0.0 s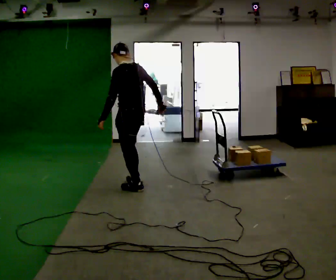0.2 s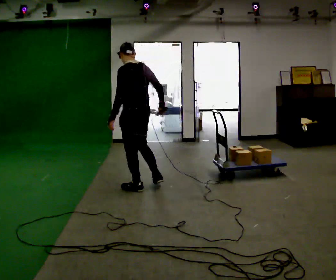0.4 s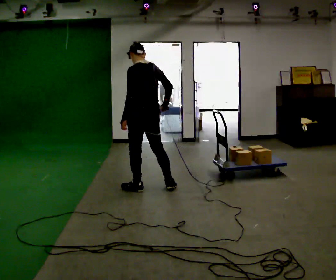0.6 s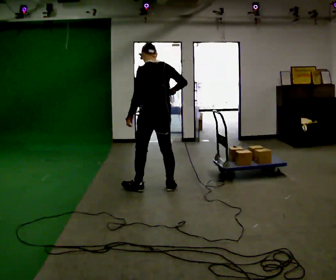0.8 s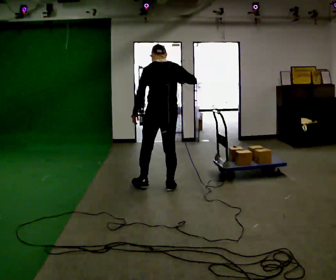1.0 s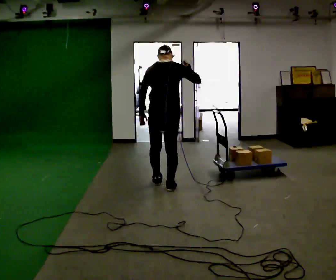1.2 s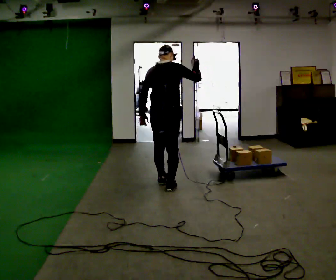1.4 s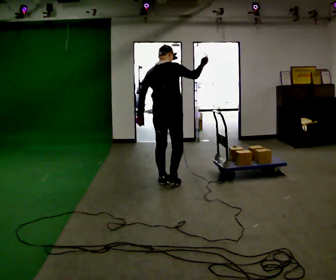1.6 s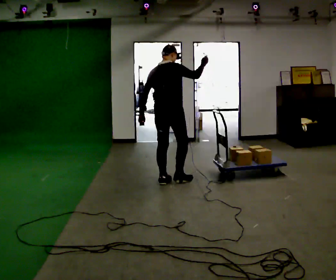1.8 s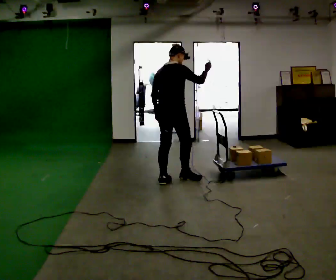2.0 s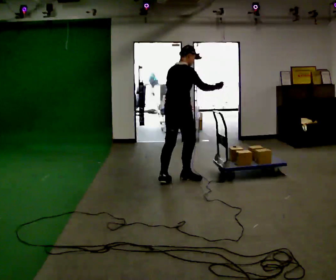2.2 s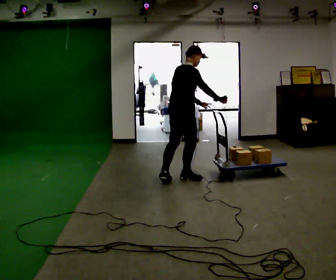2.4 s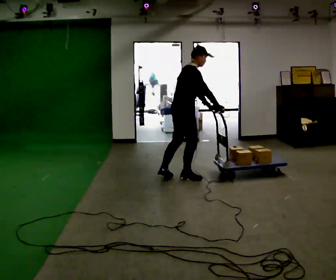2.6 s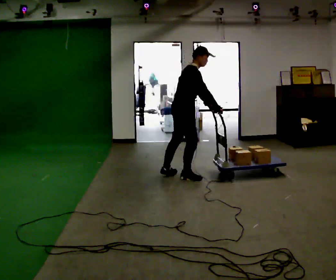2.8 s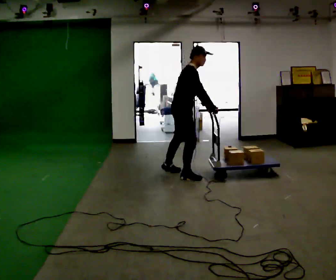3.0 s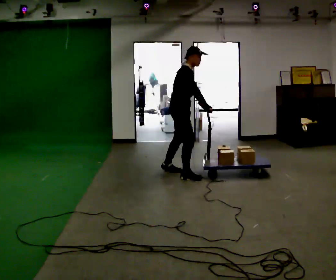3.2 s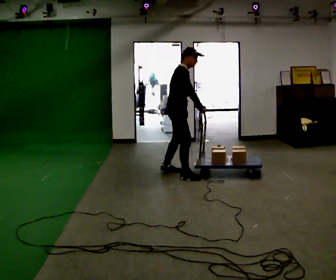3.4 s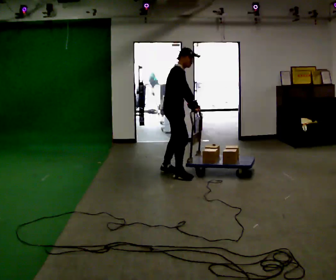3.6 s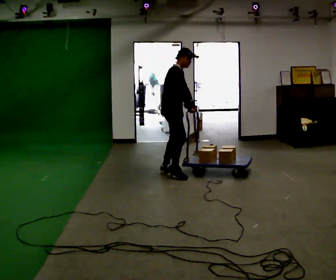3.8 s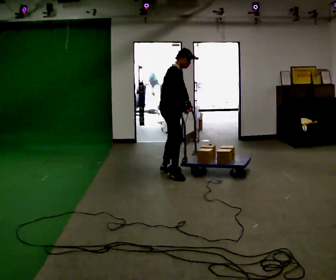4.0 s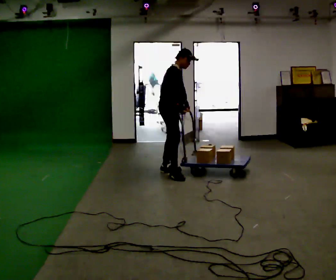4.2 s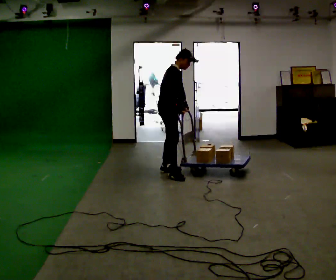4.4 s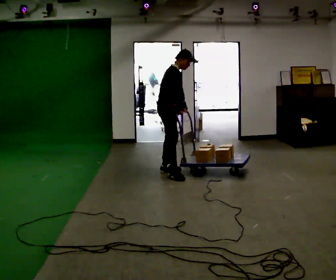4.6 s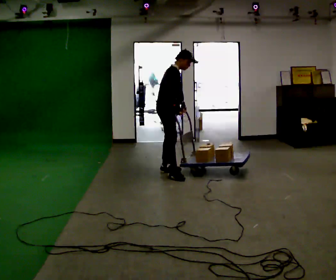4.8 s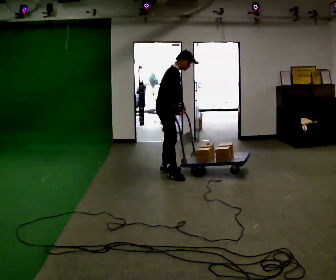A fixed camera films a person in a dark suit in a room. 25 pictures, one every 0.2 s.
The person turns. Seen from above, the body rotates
clockwise.
The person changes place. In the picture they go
away from the camera.
0.0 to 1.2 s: The person turns about 75 degrees to their right, clockwise seen from above, so the part of the body nearest the lens slides to the left. In the picture they go to the right, about 0.25 m in 1 step. In the picture their right hand goes upward.
1.2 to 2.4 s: Seen from above the body turns clockwise, about 60 degrees: to their right, with its near side sliding to the left. In the picture they go away from the camera and to the right, about 0.5 m in 2 steps, which for them is forward.
2.4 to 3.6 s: Seen from above the body turns clockwise, about 30 degrees: to their right, with its near side sliding to the left. In the picture they go away from the camera, about 0.5 m in 1 step, which for them is to their left and backward.
3.6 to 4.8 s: The person moves a little, or ends about where they began.
The film runs backward here.
